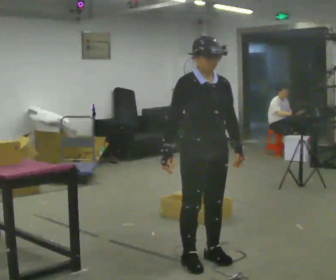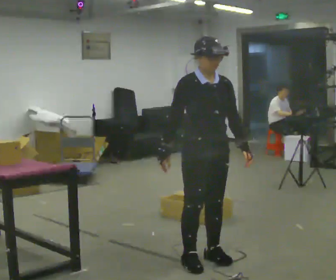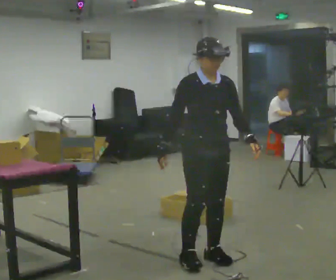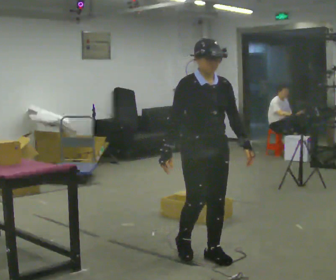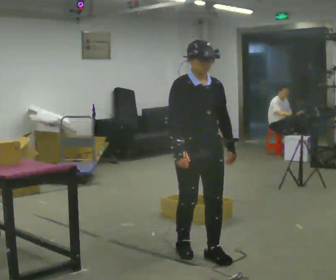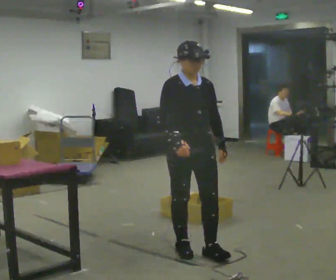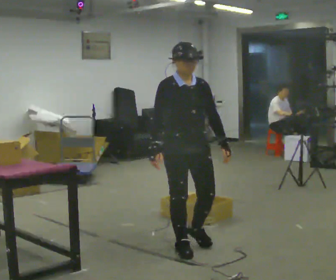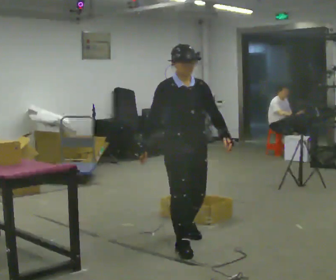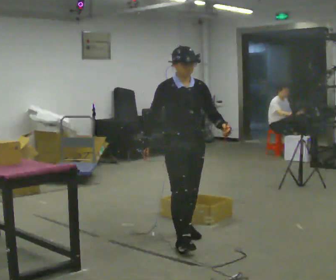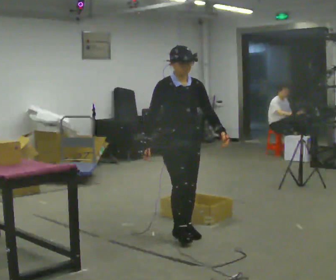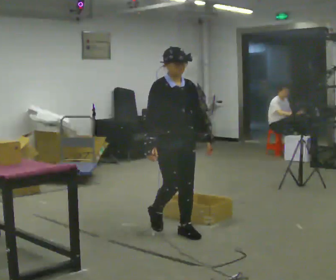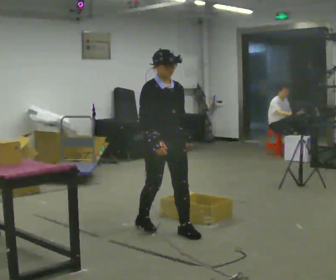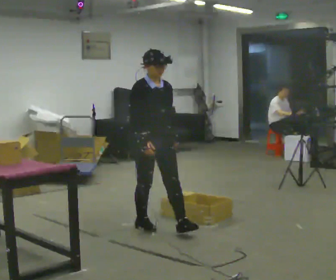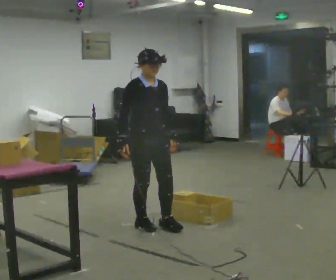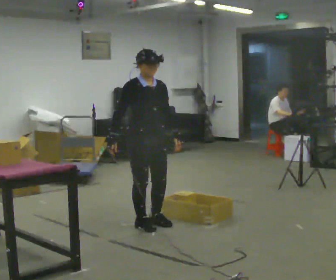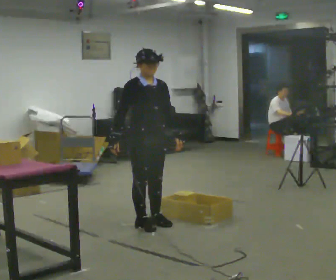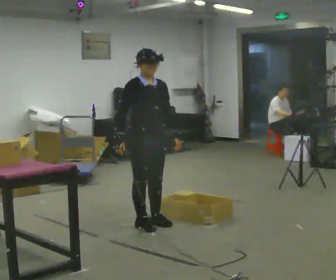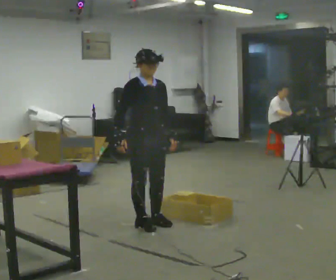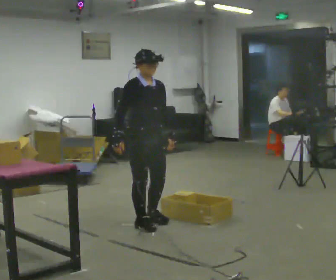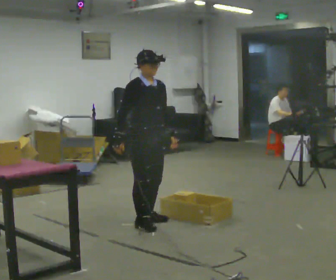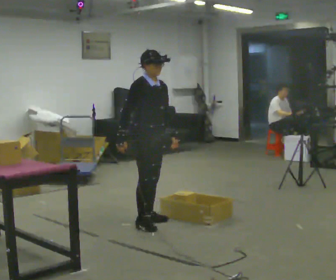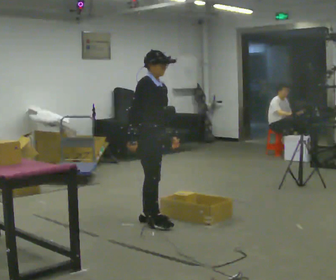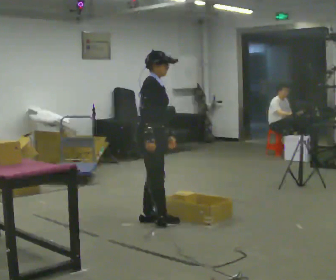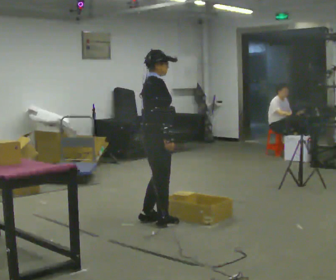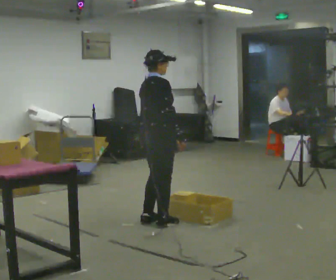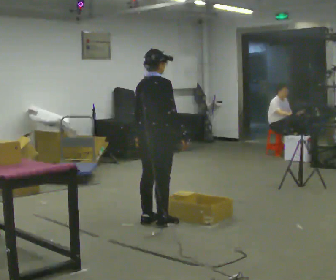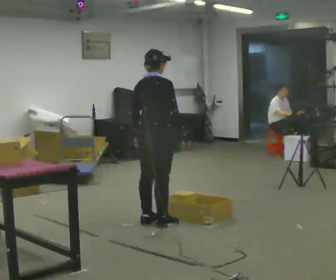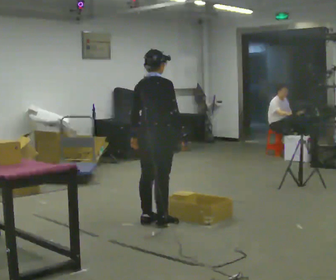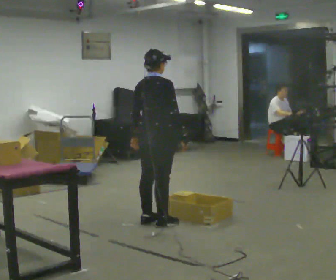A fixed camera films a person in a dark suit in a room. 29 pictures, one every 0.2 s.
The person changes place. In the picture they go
away from the camera.
The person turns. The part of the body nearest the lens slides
to the right.
0.0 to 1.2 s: In the picture they go away from the camera, about 0.25 m in 2 steps, which for them is backward.
1.2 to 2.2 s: In the picture they go away from the camera, about 0.5 m in 1 step, which for them is backward.
2.2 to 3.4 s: In the picture they go away from the camera, about 0.25 m in 1 step, which for them is backward.
3.4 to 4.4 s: The part of the body nearest the lens slides to the right as the person turns to their left by about 45 degrees.
4.4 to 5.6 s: Seen from above the body turns counterclockwise, about 45 degrees: to their left, with its near side sliding to the right. In the picture their right hand goes to the right.
The film runs backward here.
